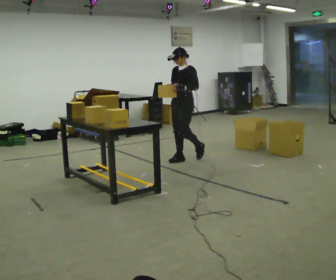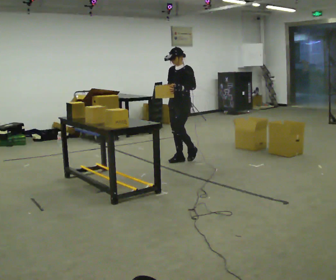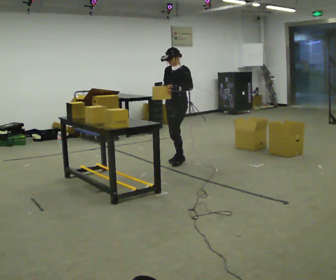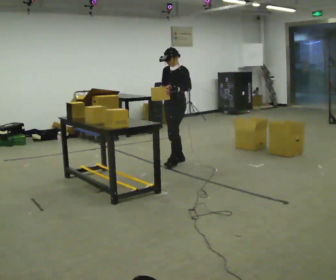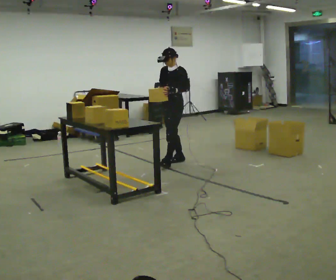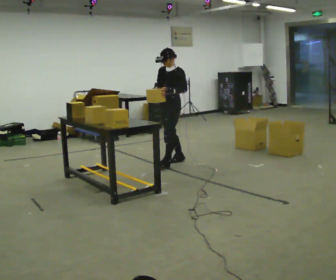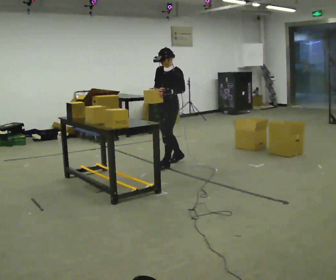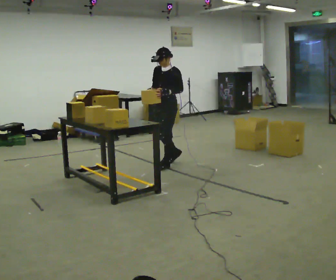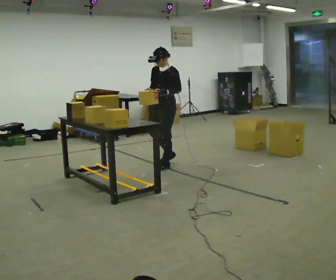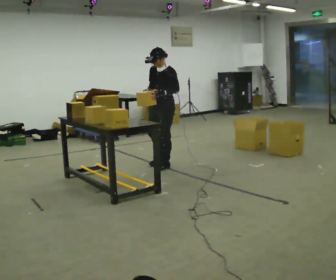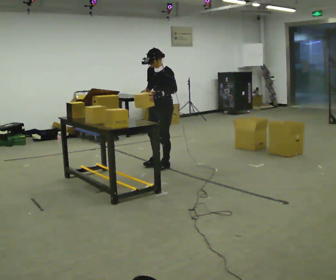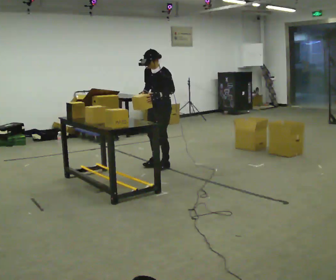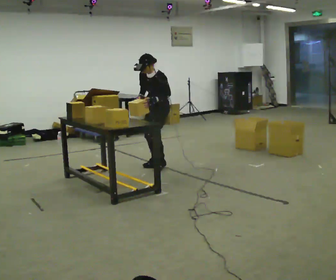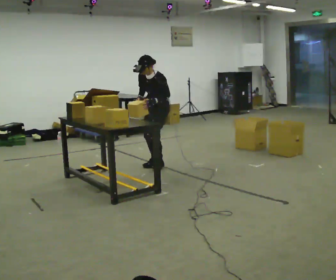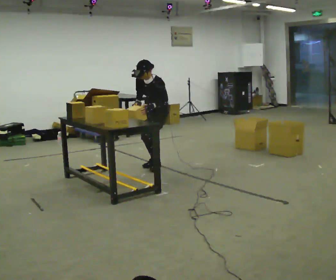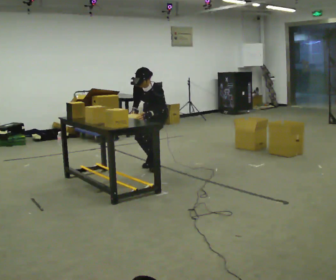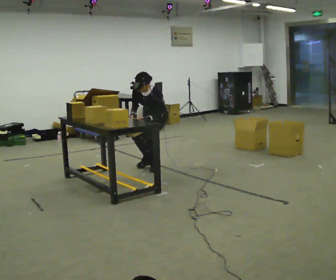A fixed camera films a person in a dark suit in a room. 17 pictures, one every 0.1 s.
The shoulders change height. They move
downward.
The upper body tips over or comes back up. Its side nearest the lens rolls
downward.
0.0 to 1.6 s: In the picture they go to the left and toward the camera, about 0.5 m in 3 steps, which for them is forward. The shoulders move downward. The upper body tips toward the camera, its near side rolling downward, as they bend forward. In the picture their left hand goes downward.
The film runs forward here.
